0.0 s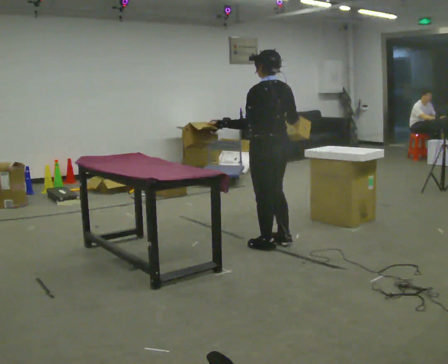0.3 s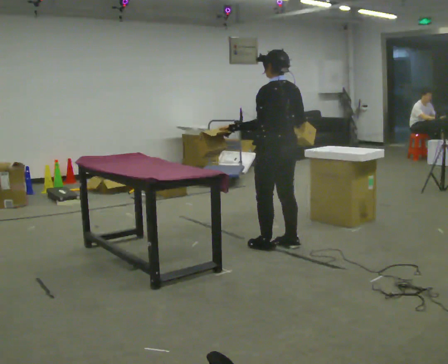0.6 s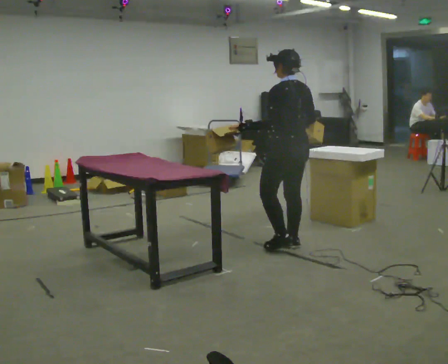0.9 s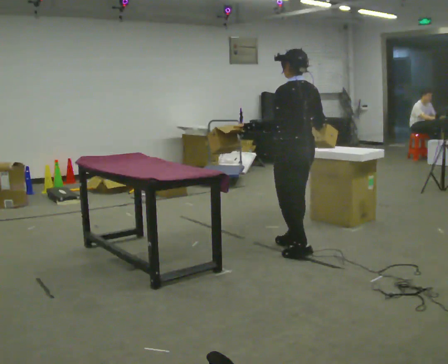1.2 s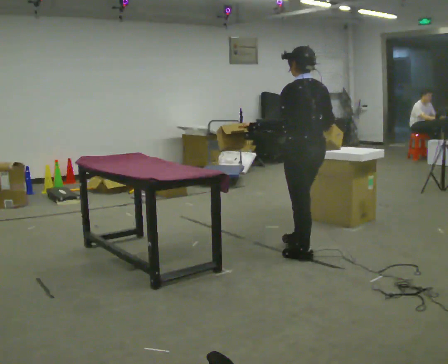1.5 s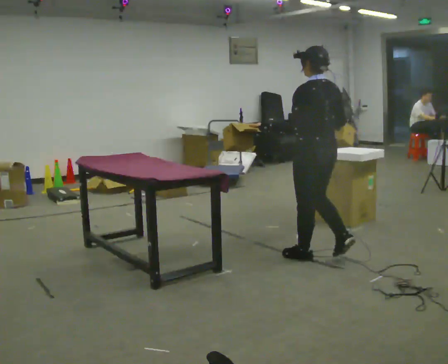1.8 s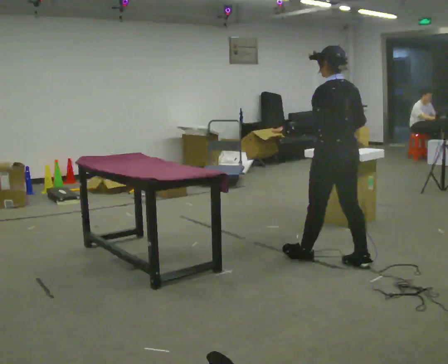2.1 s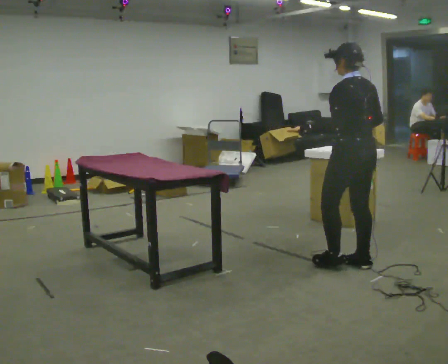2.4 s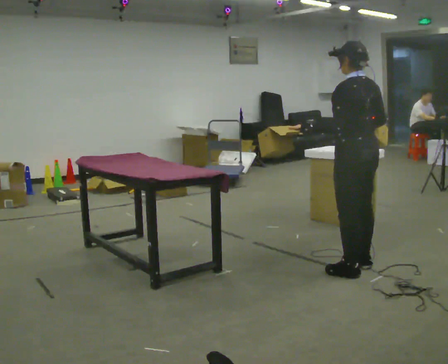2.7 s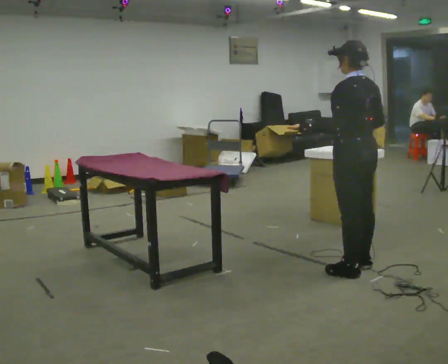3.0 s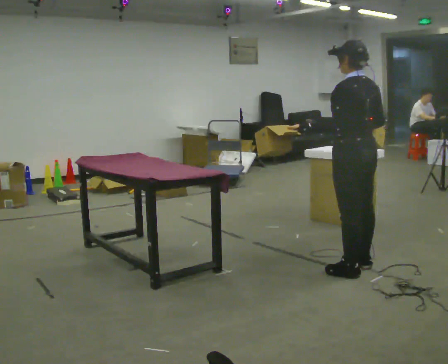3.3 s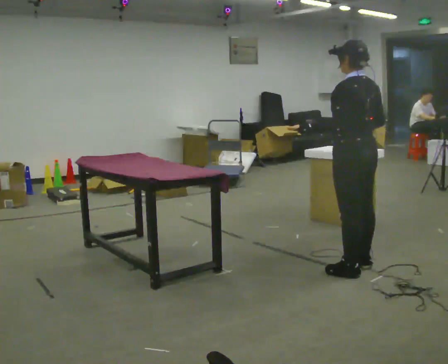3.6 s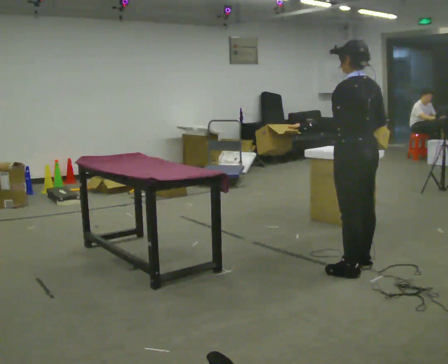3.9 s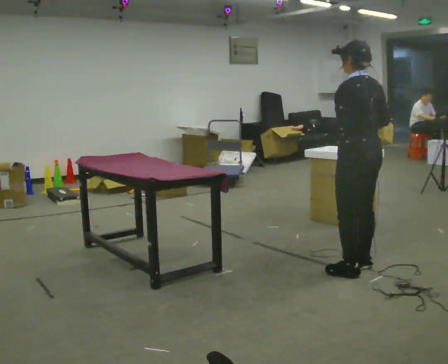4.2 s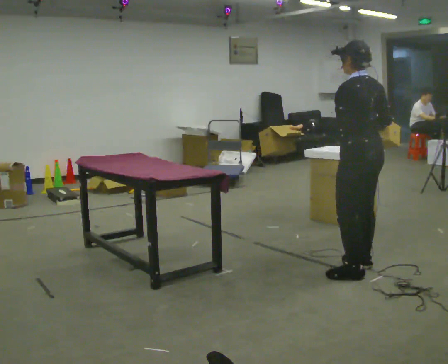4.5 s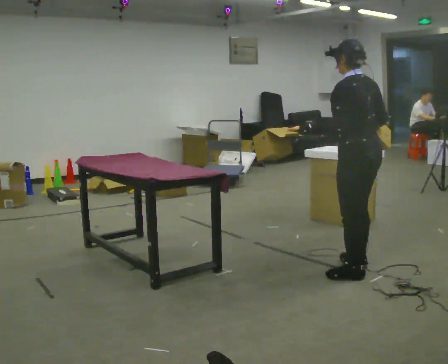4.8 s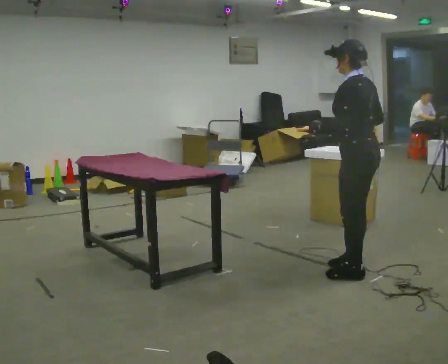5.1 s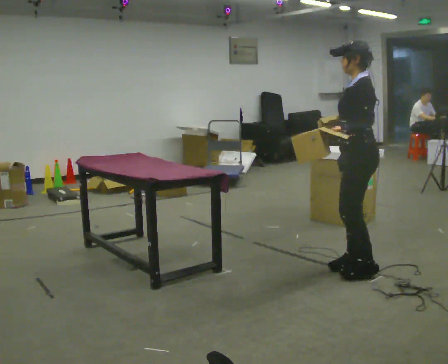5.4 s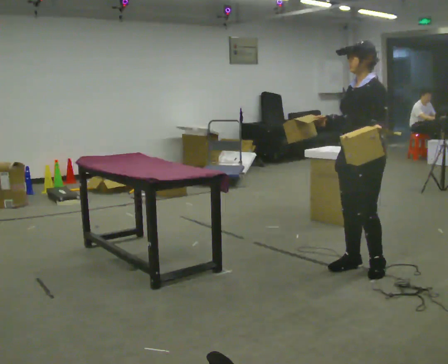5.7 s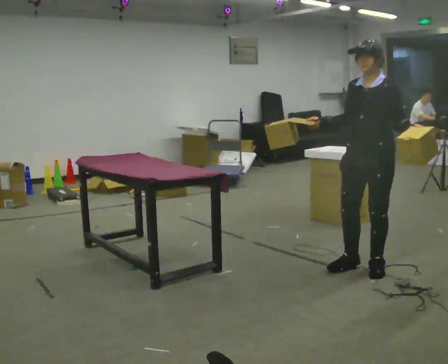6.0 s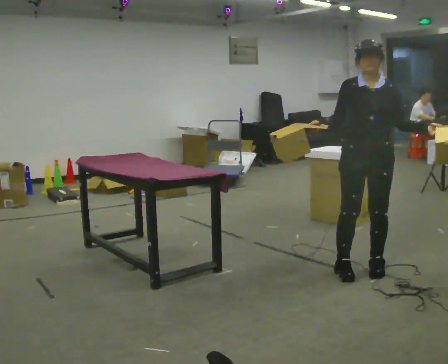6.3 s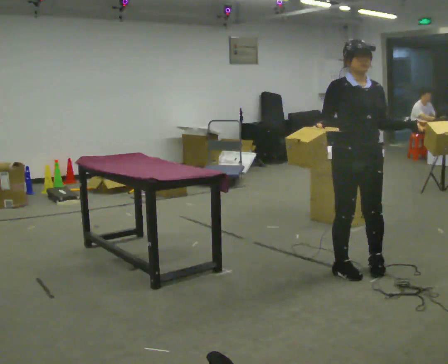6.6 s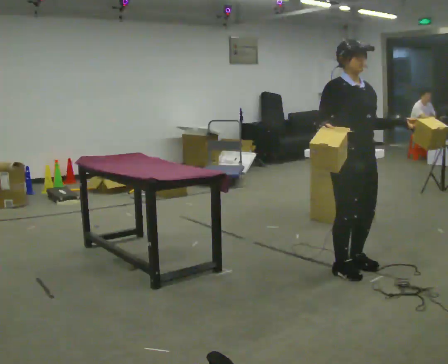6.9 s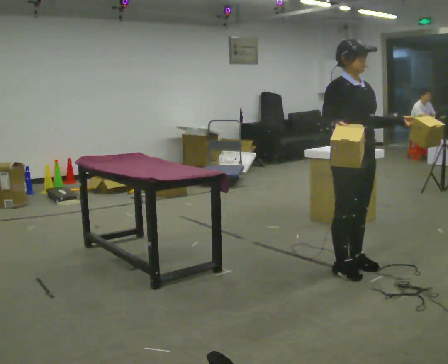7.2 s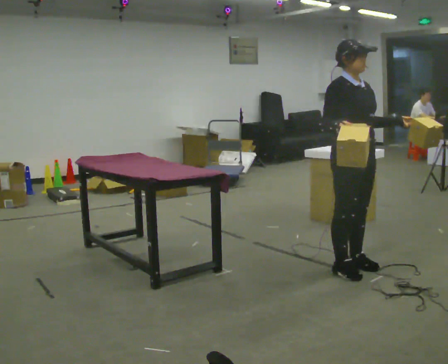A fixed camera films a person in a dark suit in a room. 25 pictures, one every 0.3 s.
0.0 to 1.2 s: In the picture they go to the right and toward the camera, about 0.25 m in 2 steps, which for them is backward.
1.2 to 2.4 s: In the picture they go to the right and toward the camera, about 0.5 m in 1 step, which for them is backward.
2.4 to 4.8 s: The person moves a little, or ends about where they began.
4.8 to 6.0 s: The person turns about 105 degrees to their left, counterclockwise seen from above, so the part of the body nearest the lens slides to the right. In the picture their left hand goes to the right.
6.0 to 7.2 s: Seen from above the body turns counterclockwise, about 60 degrees: to their left, with its near side sliding to the right.
The film runs backward here.
